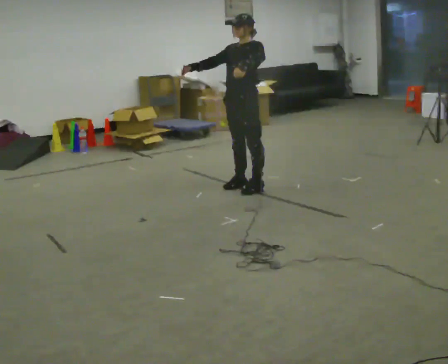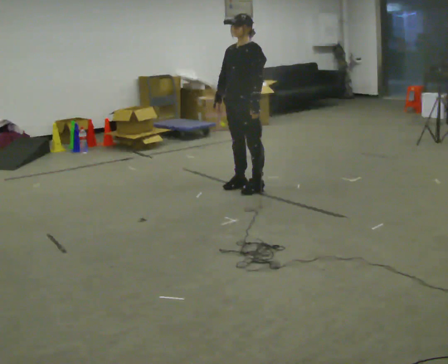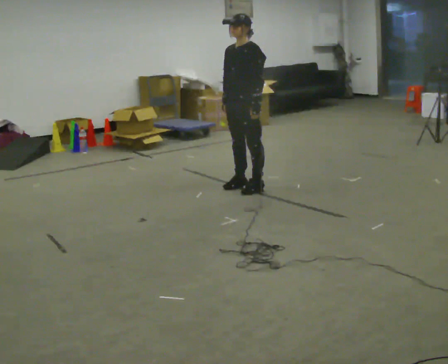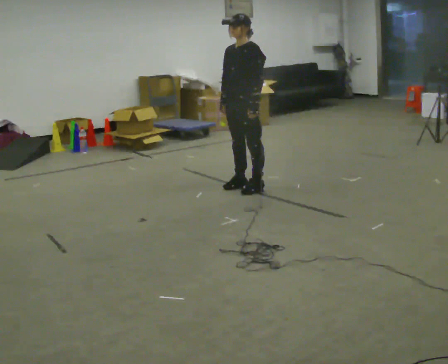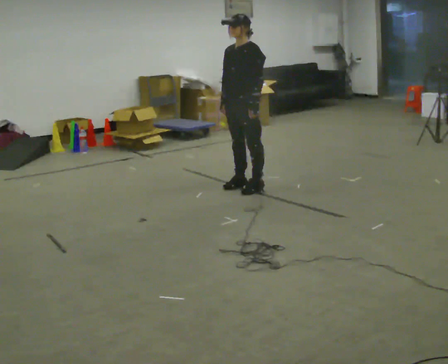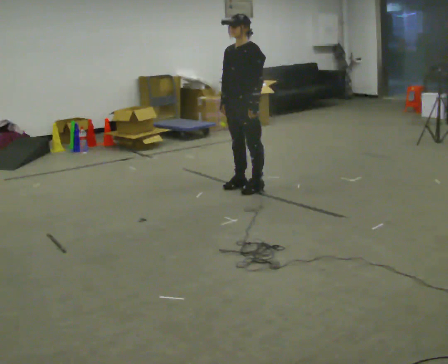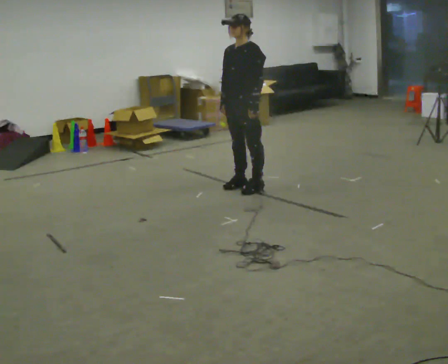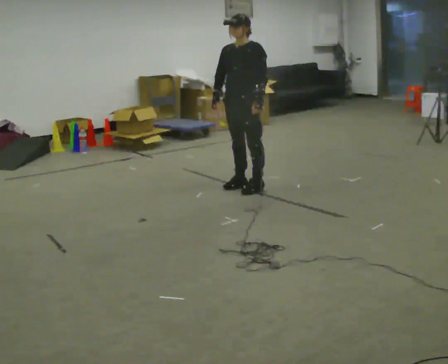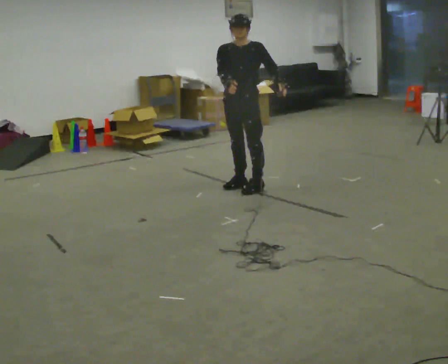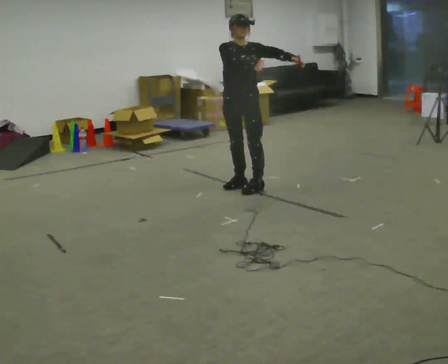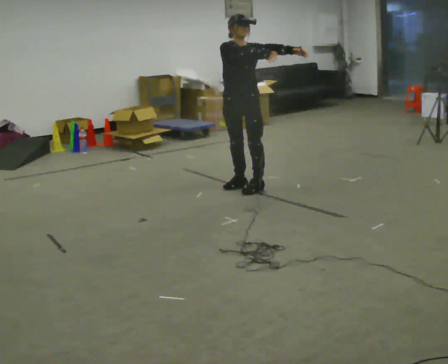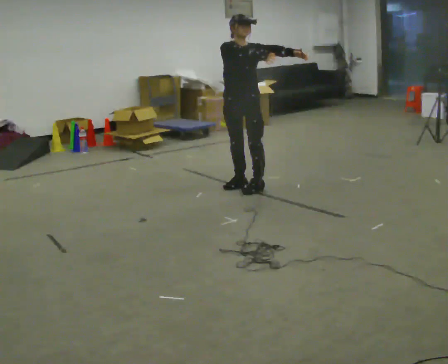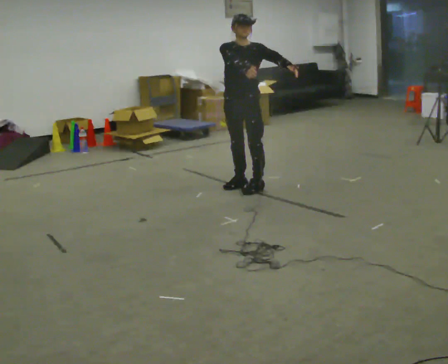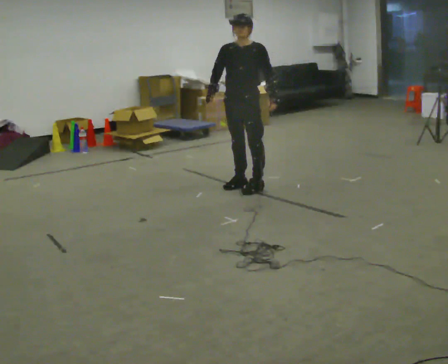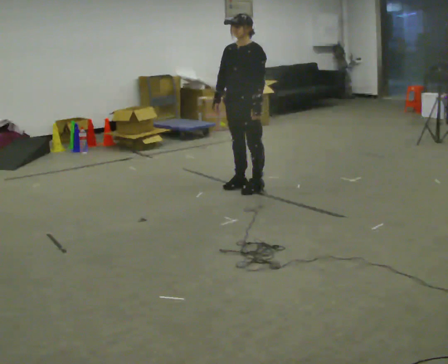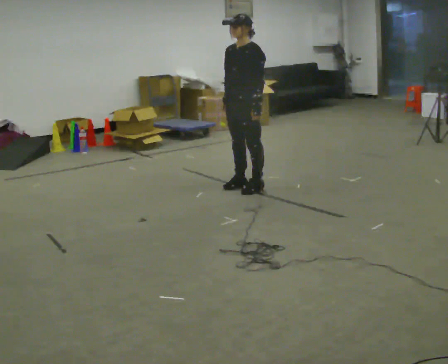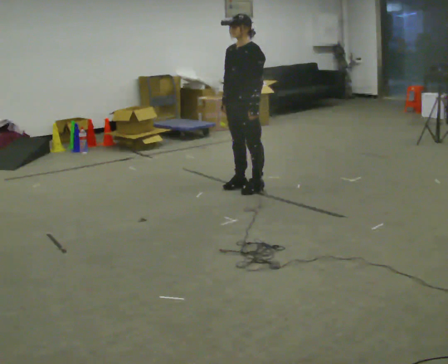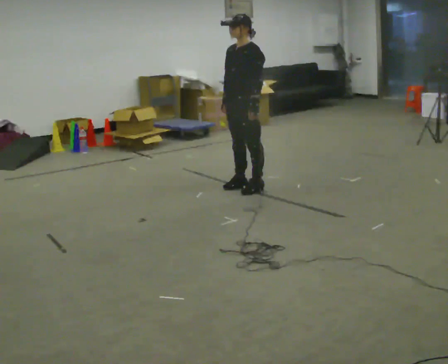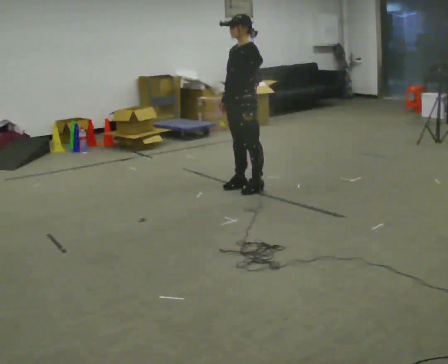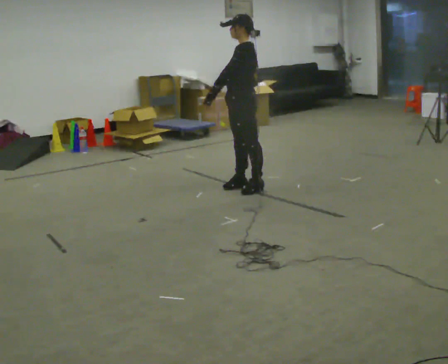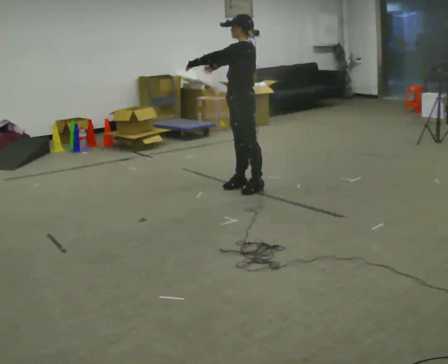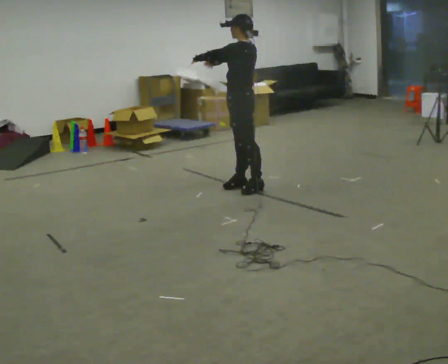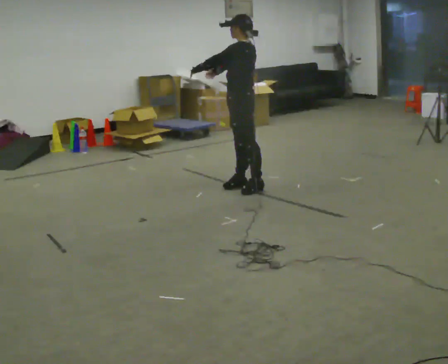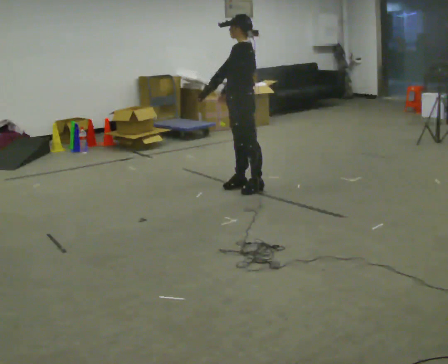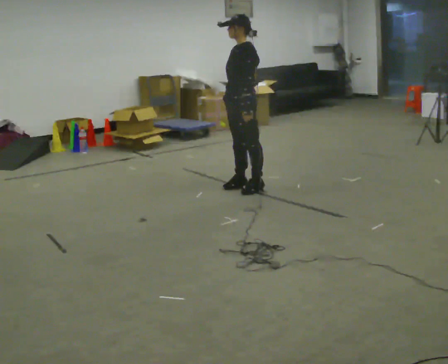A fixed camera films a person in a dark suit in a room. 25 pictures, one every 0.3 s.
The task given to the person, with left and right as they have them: Reach as far as you comfortably can in each direction the operator calls: up, down, forward, each side, and behind. Hold each one briefly. Keep both feet on the marked spots for the whole take. If you have to step, stop and tell the operator.
0.0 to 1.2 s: In the picture their right hand goes downward, the arm swinging counterclockwise.
1.2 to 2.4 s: Seen from above the body turns counterclockwise, about 30 degrees: to their left, with its near side sliding to the right.
2.4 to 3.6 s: The person moves a little, or ends about where they began.
3.6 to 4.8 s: The part of the body nearest the lens slides to the left as the person turns to their right by about 45 degrees. In the picture their right hand goes downward.
4.8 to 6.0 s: The part of the body nearest the lens slides to the left as the person turns to their right by about 30 degrees. In the picture their left hand goes to the left and upward, the arm swinging clockwise.
6.0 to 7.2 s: In the picture their left hand goes to the right and downward, the arm swinging counterclockwise.
The film runs forward here.
